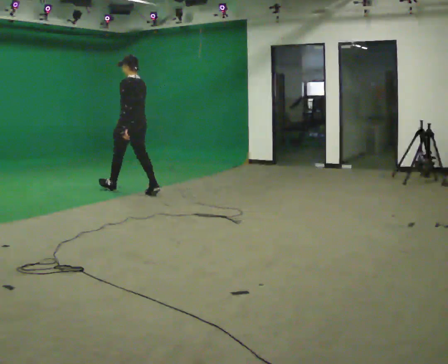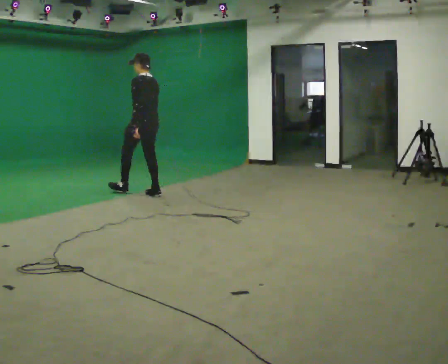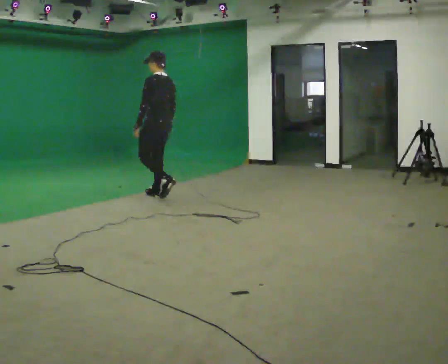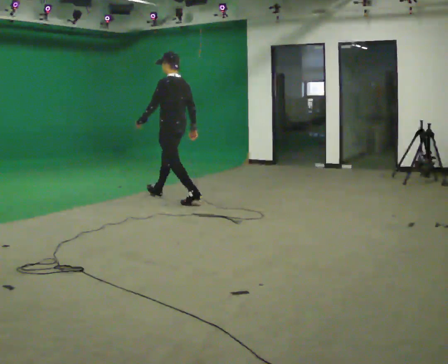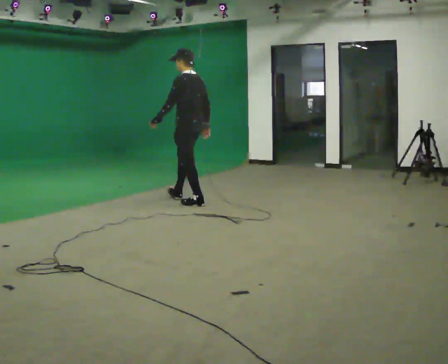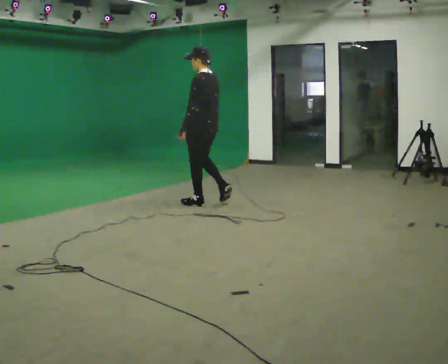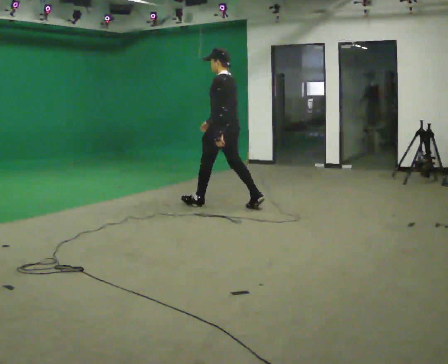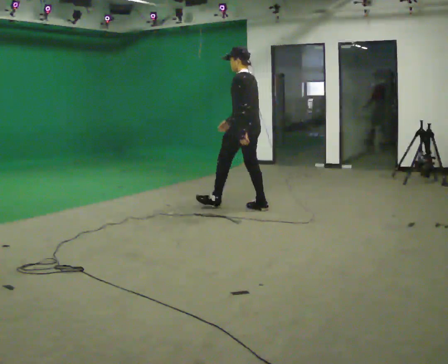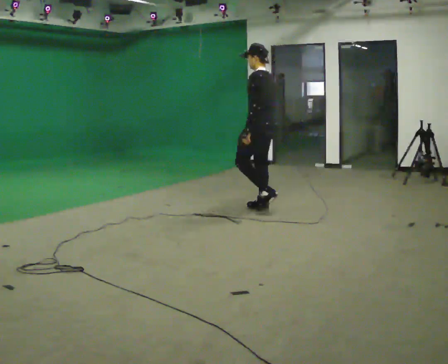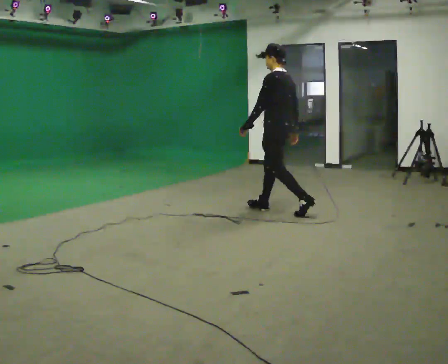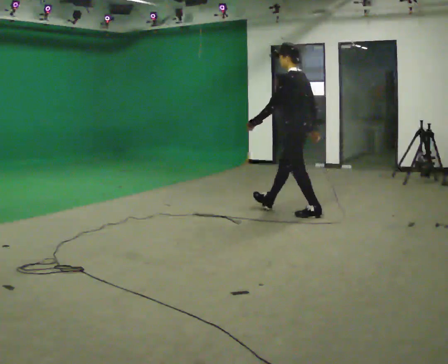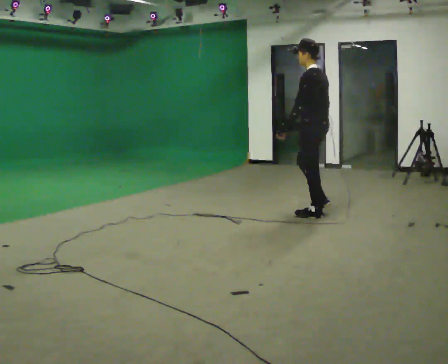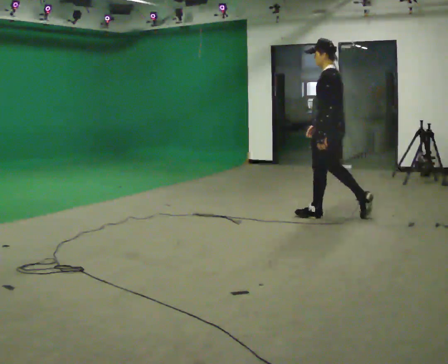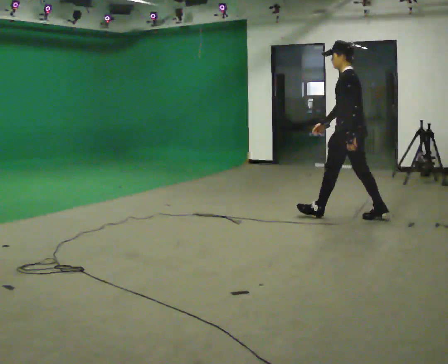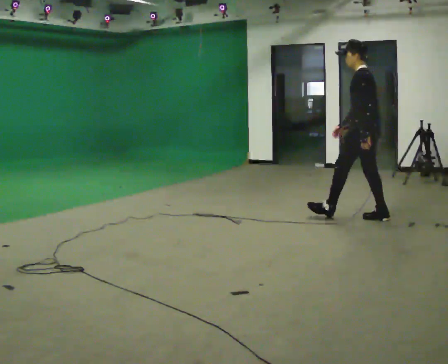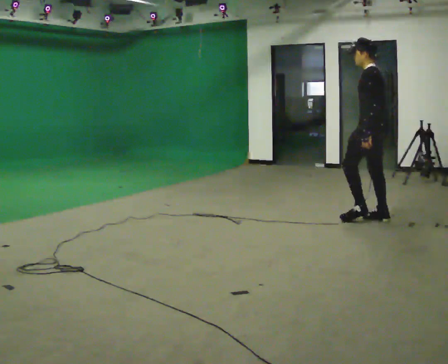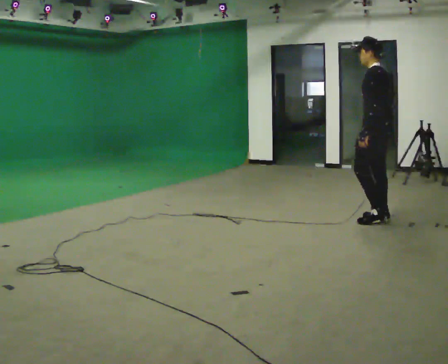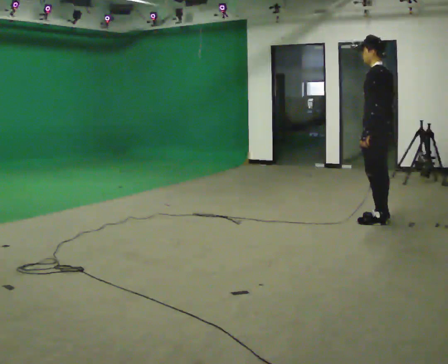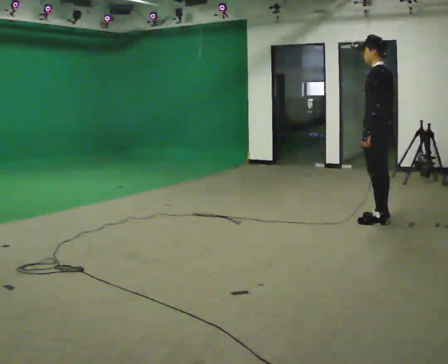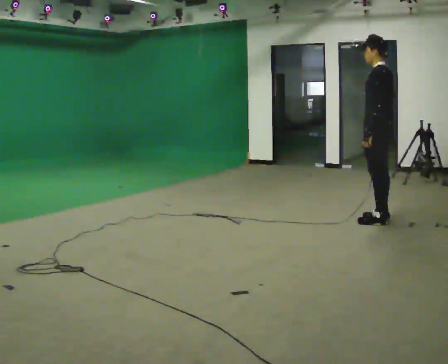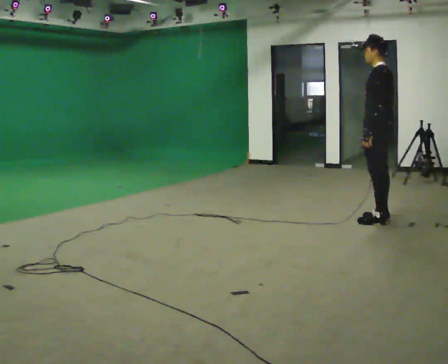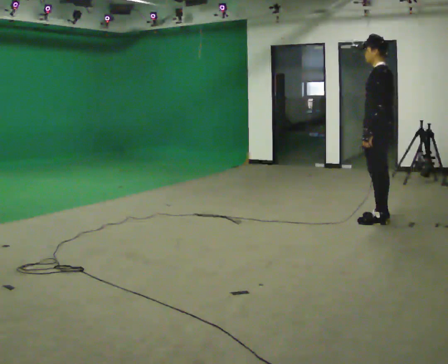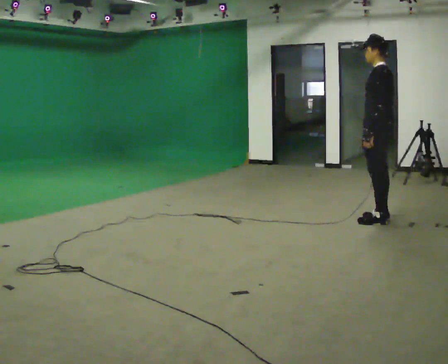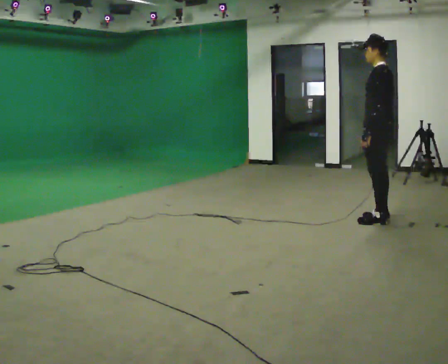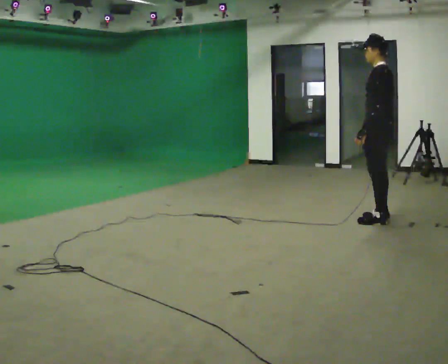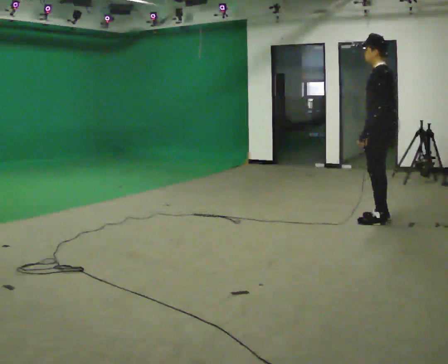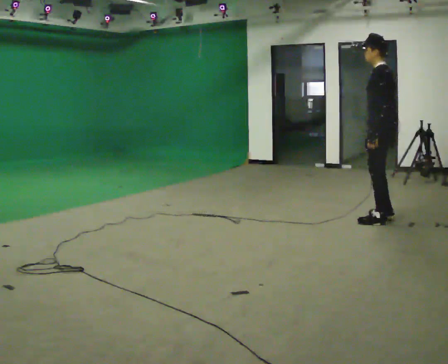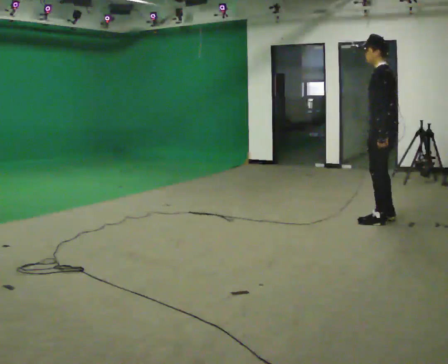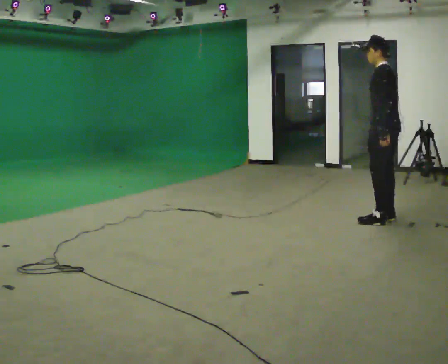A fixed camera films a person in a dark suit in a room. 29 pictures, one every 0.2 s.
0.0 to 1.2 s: In the picture they go to the right, about 1.5 m in 2 steps, which for them is backward.
1.2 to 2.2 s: In the picture they go to the right, about 1 m in 2 steps, which for them is backward.
2.2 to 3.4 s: In the picture they go to the right, about 0.75 m in 1 step, which for them is backward.
3.4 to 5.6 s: The person moves a little, or ends about where they began.
The film runs backward here.
